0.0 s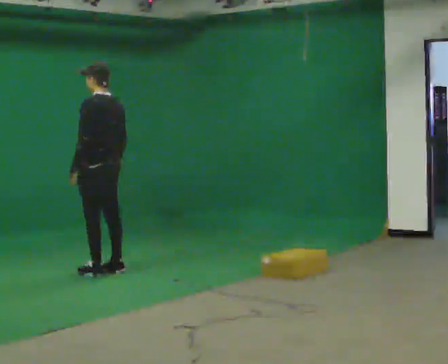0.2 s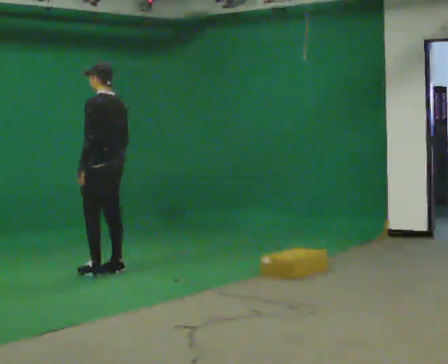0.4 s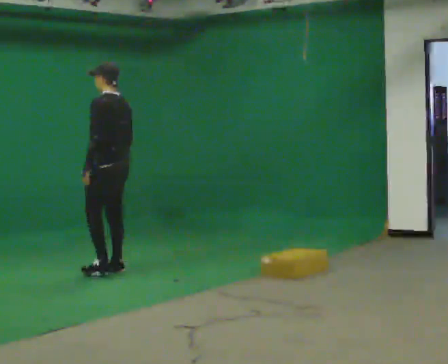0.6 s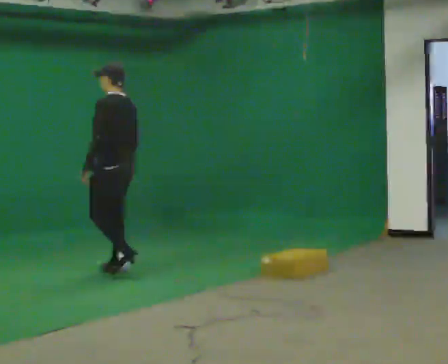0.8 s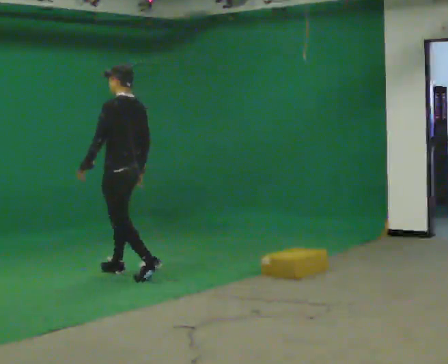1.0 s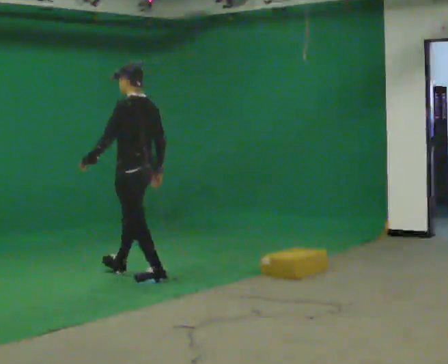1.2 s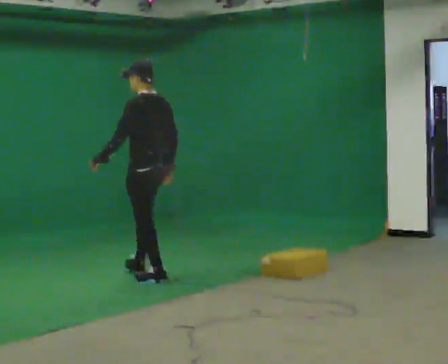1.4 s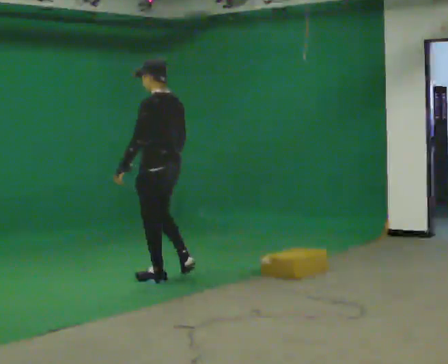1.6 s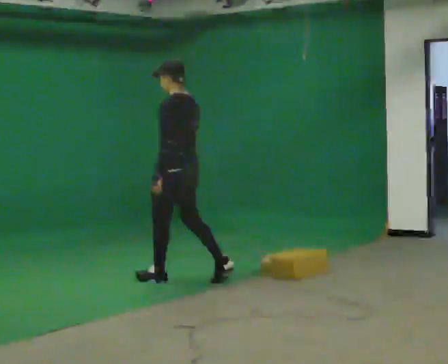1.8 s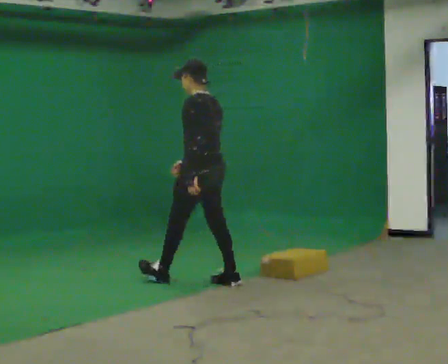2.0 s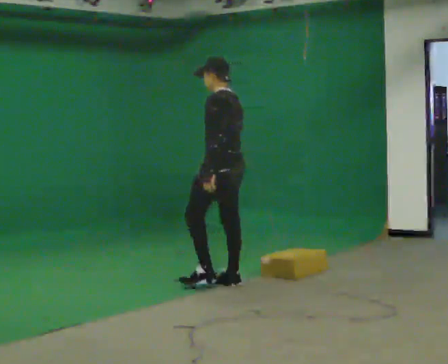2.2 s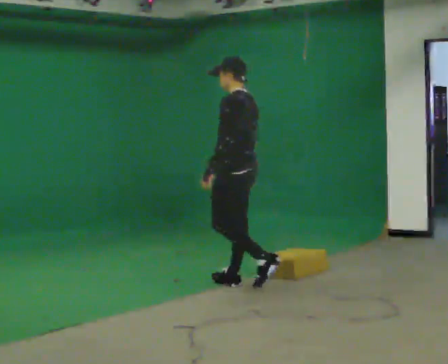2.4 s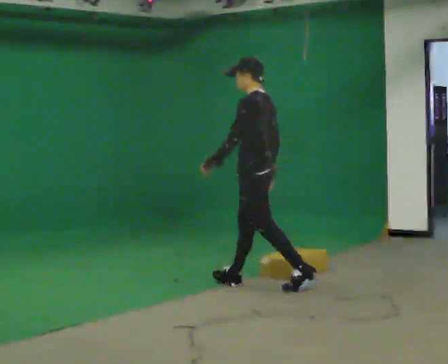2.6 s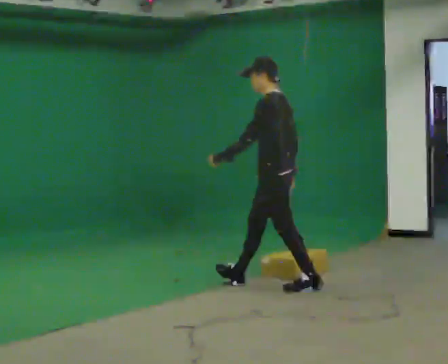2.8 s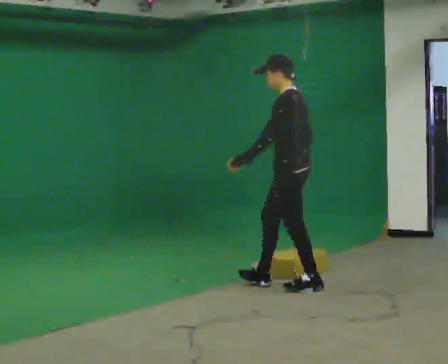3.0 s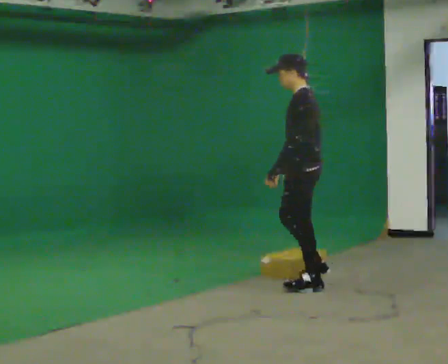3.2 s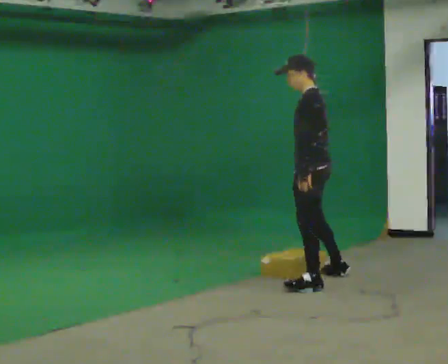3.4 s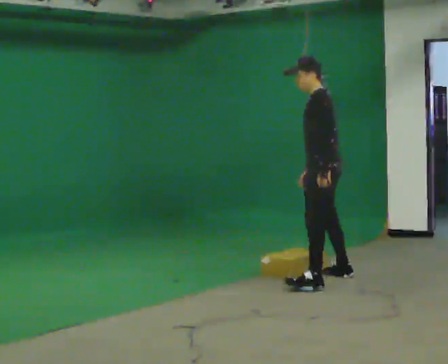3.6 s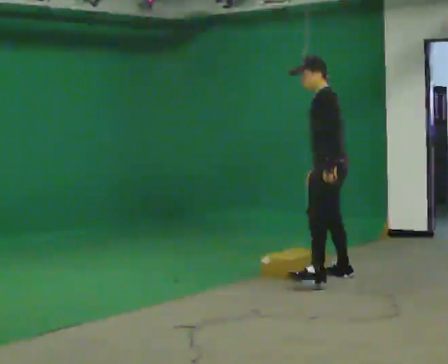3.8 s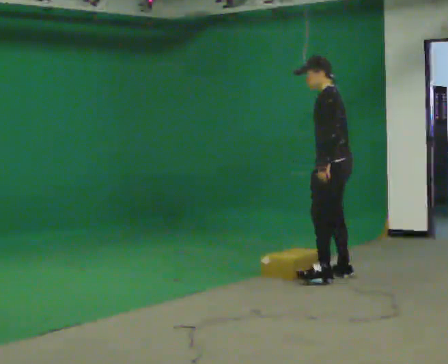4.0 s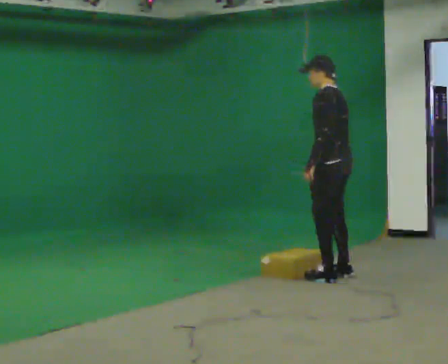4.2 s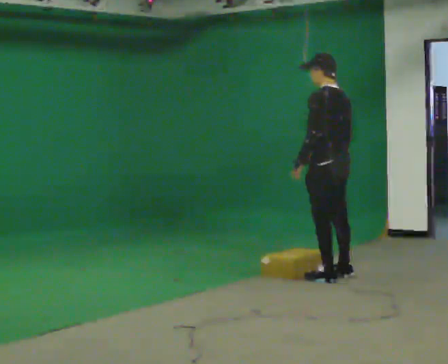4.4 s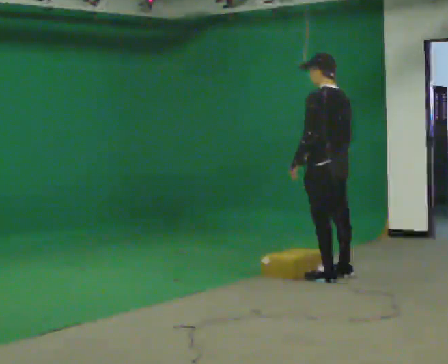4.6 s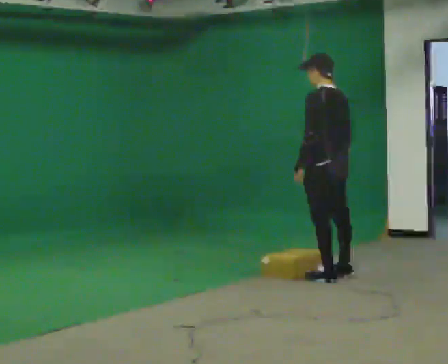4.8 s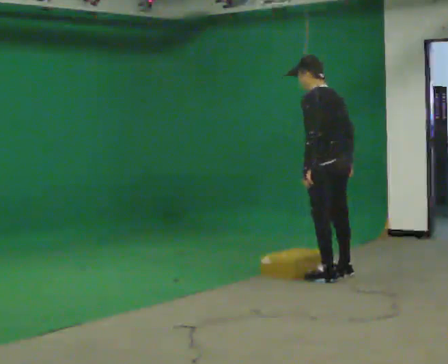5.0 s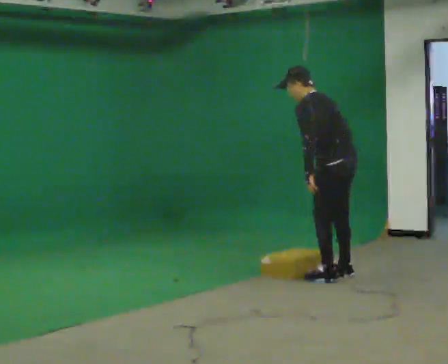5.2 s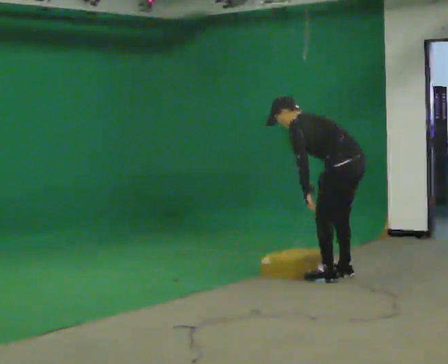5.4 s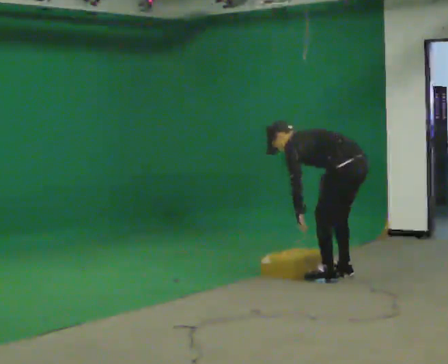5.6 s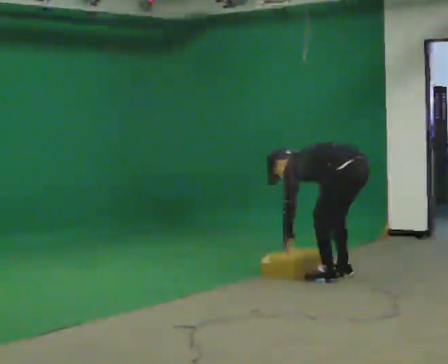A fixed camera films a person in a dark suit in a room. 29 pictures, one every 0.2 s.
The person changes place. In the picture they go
to the right.
The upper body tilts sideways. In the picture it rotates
counterclockwise.
0.0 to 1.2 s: In the picture they go to the right and toward the camera, about 0.5 m in 2 steps, which for them is backward.
1.2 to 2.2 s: In the picture they go to the right, about 1 m in 1 step, which for them is backward.
2.2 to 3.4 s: In the picture they go to the right, about 0.75 m in 1 step, which for them is backward.
3.4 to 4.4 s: Seen from above the body turns clockwise, about 30 degrees: to their right, with its near side sliding to the left. In the picture they go away from the camera, about 0.25 m in 1 step, which for them is to their right.
4.4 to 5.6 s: In the picture they go to the right, about 0.25 m, which for them is backward. The upper body goes downward. In the picture the upper body tilts counterclockwise, shoulders to the left, as they bend forward. In the picture their left hand goes downward.
The film runs backward here.
